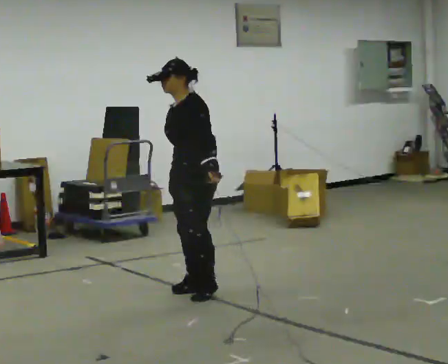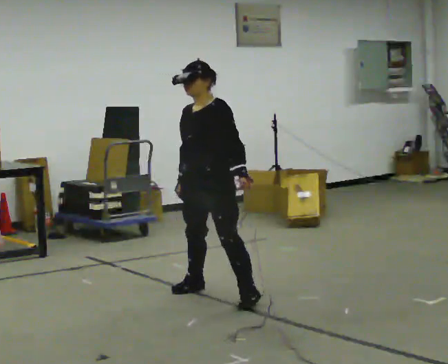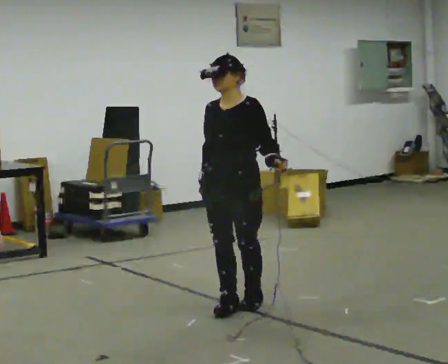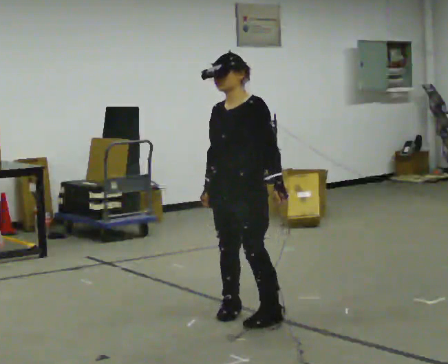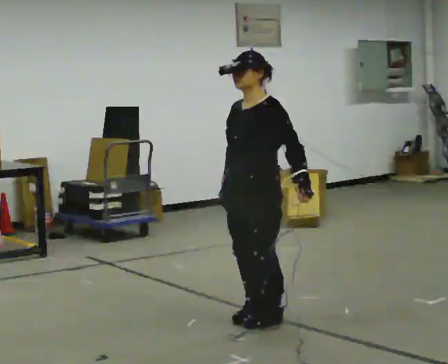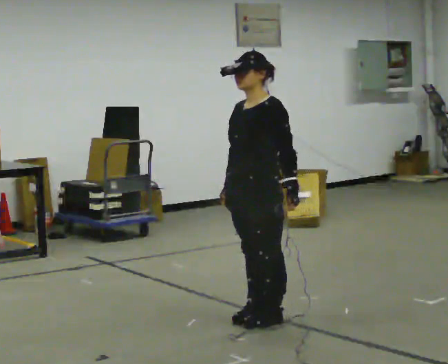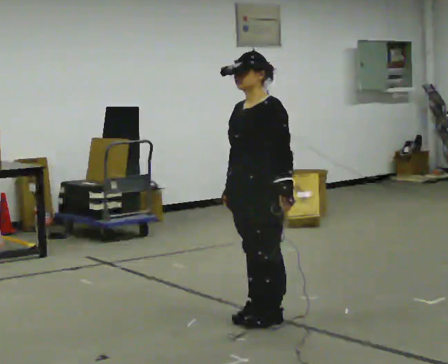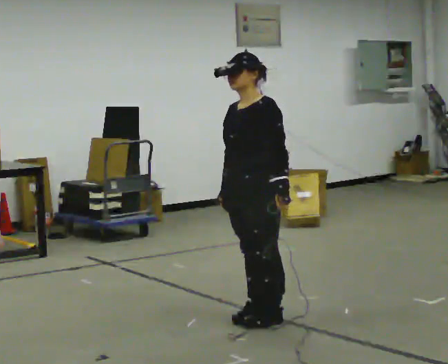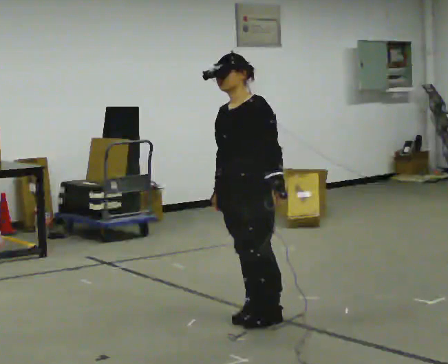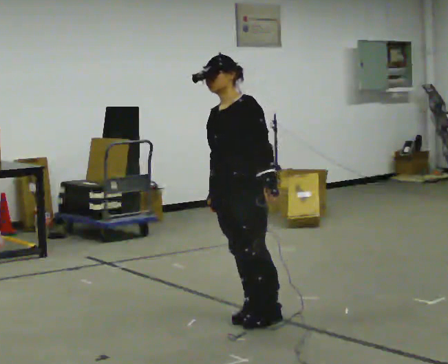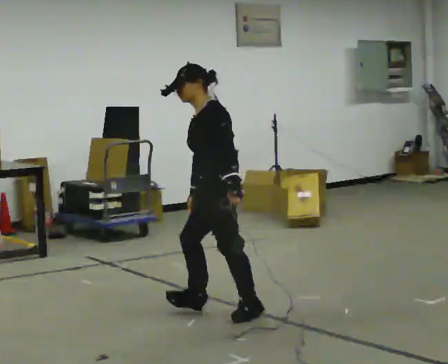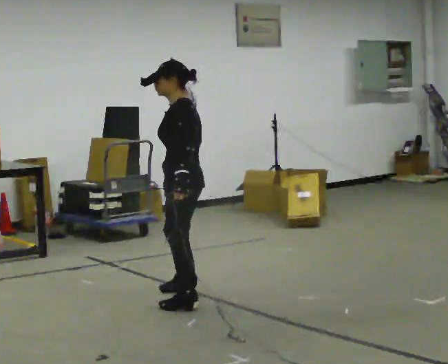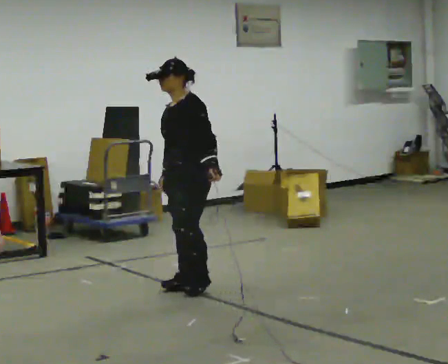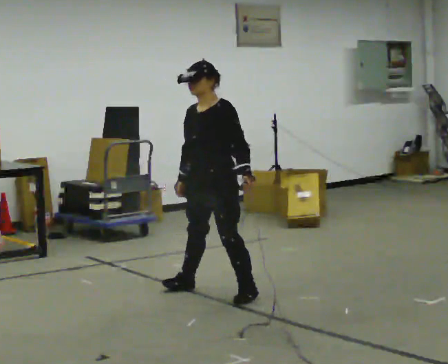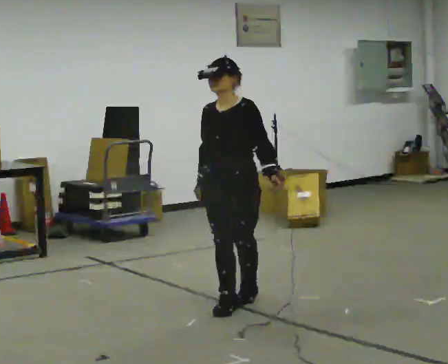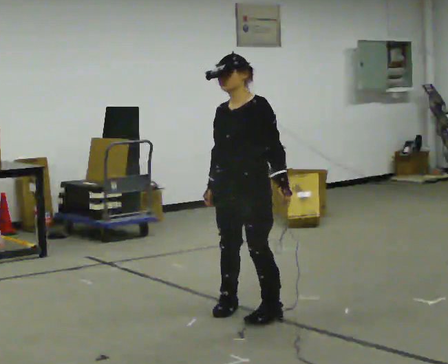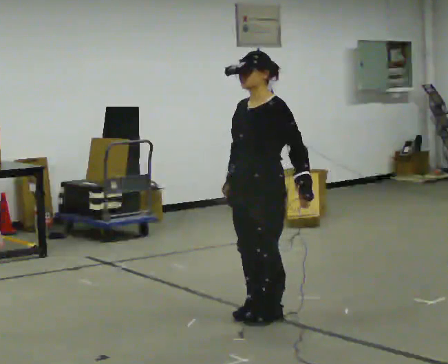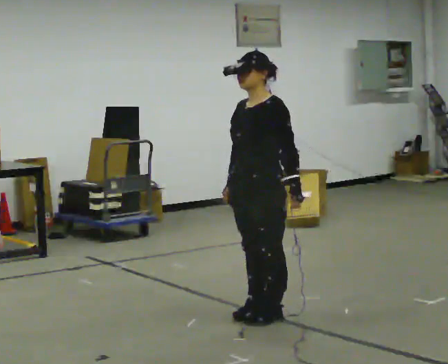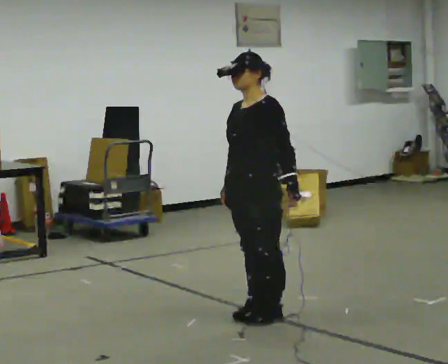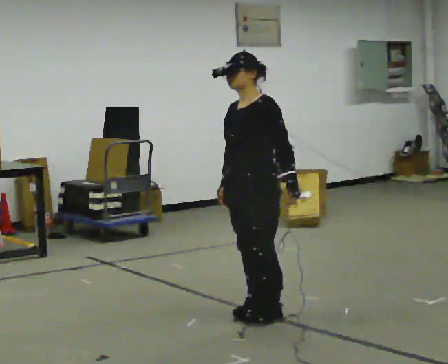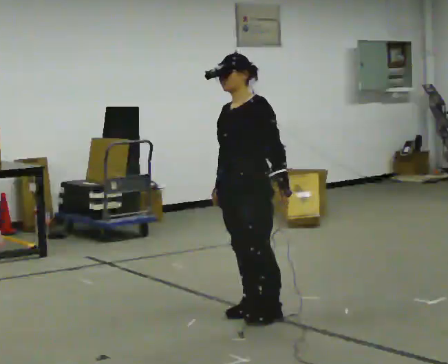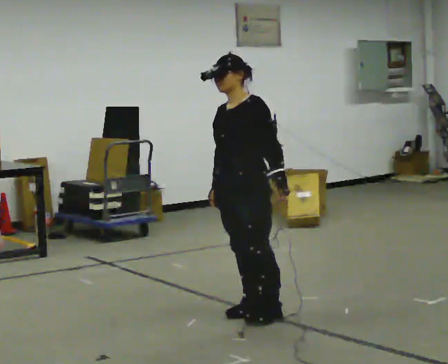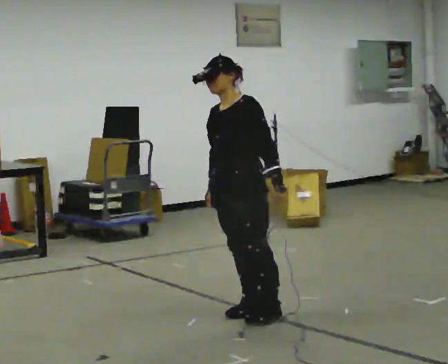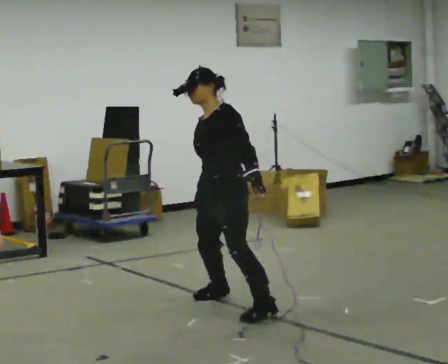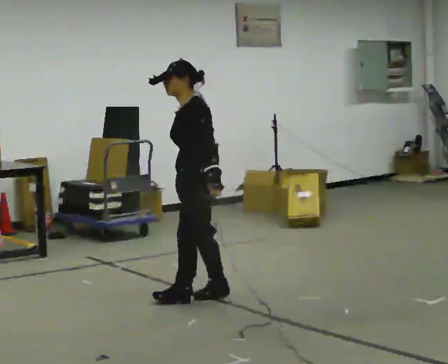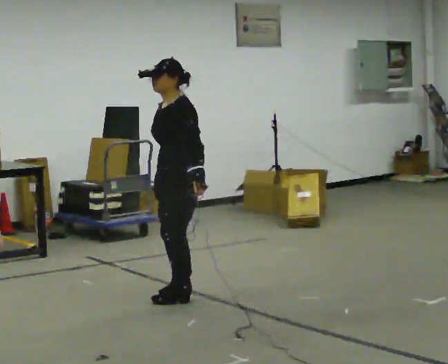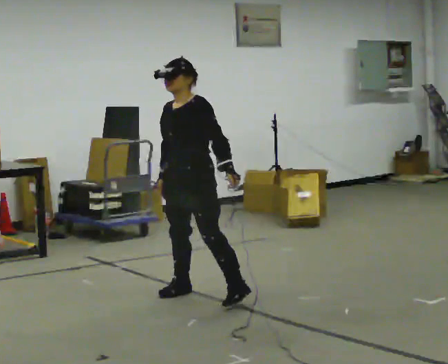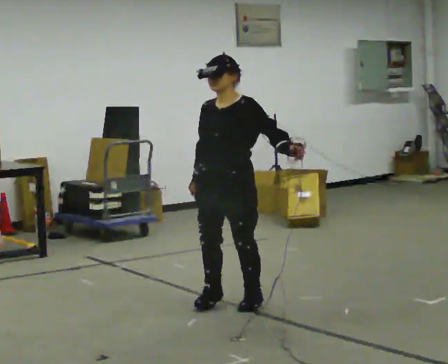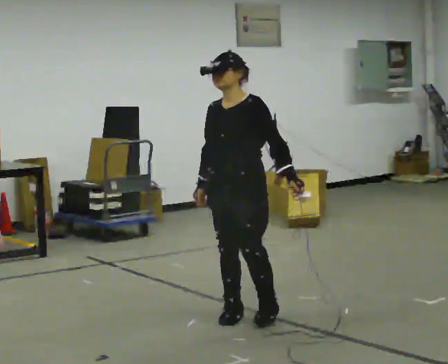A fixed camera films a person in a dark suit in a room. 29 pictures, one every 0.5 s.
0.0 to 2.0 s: In the picture they go toward the camera and to the right, about 1 m in 4 steps, which for them is to their left and forward.
2.0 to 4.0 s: The person moves a little, or ends about where they began.
4.0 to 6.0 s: In the picture they go away from the camera and to the left, about 0.5 m in 2 steps, which for them is to their right and forward.
6.0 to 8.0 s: In the picture they go toward the camera and to the right, about 1 m in 4 steps, which for them is to their left and forward.
8.0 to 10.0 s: The person moves a little, or ends about where they began.
10.0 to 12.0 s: Seen from above the body turns clockwise, about 30 degrees: to their right, with its near side sliding to the left. In the picture they go away from the camera and to the left, about 0.5 m in 2 steps, which for them is to their right.
12.0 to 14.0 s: Seen from above the body turns counterclockwise, about 45 degrees: to their left, with its near side sliding to the right. In the picture they go toward the camera and to the right, about 0.5 m in 3 steps, which for them is to their left.
The film runs forward here.
